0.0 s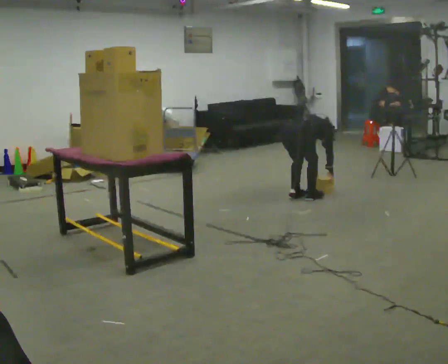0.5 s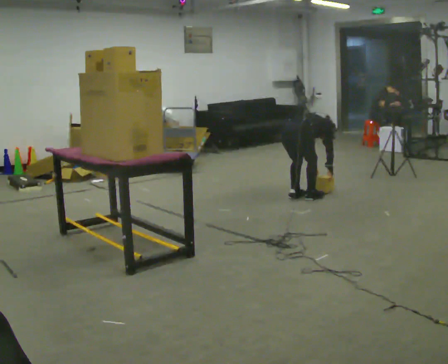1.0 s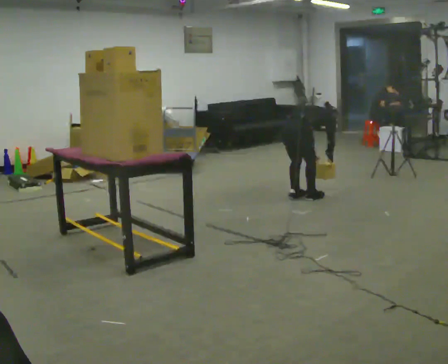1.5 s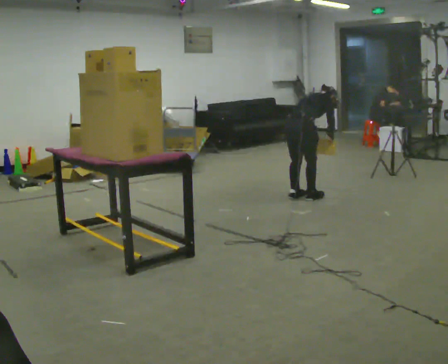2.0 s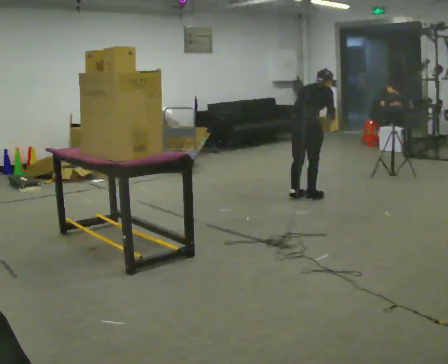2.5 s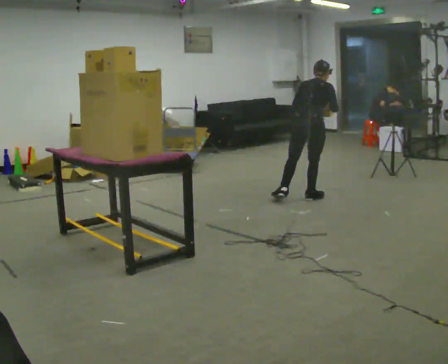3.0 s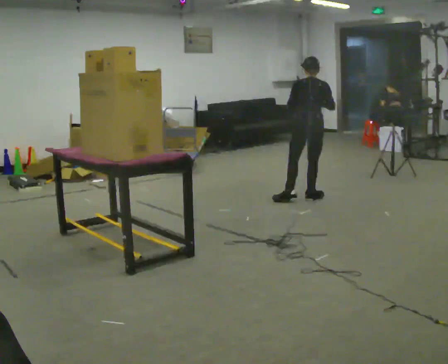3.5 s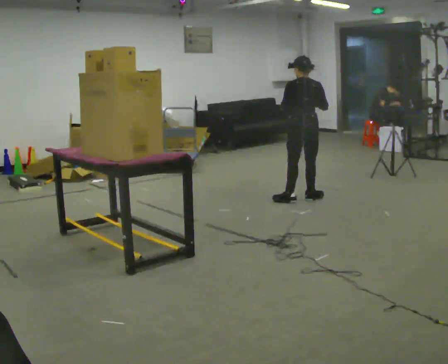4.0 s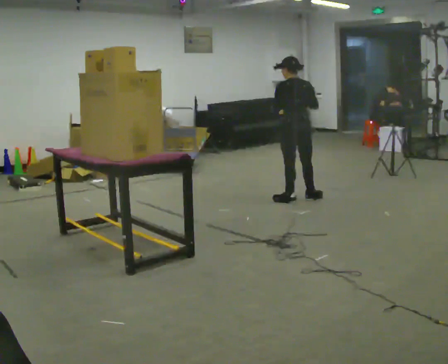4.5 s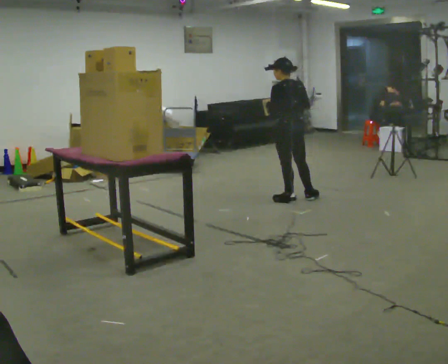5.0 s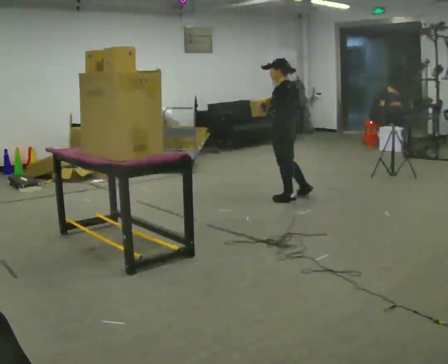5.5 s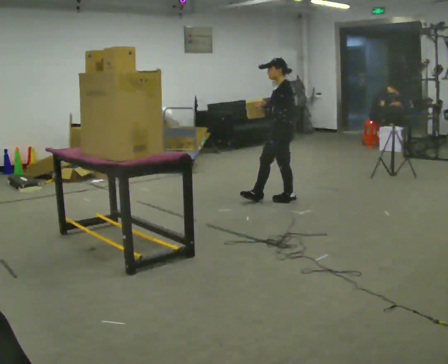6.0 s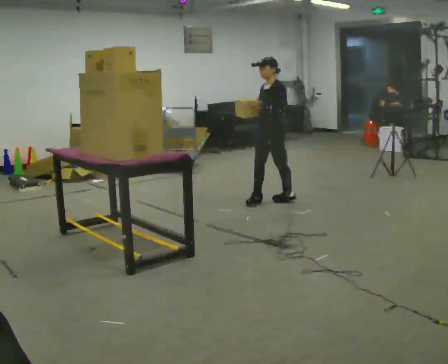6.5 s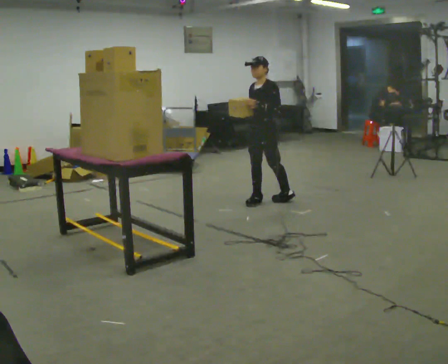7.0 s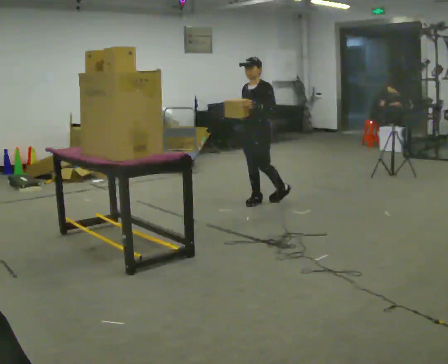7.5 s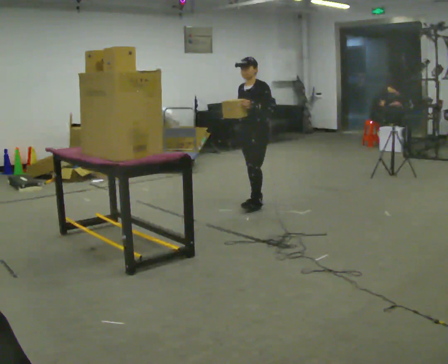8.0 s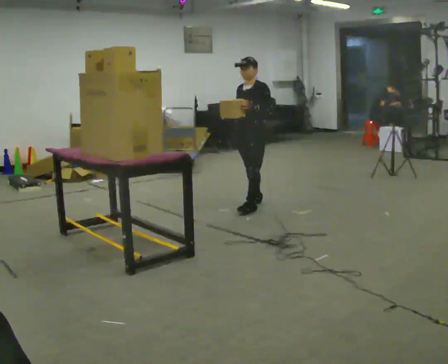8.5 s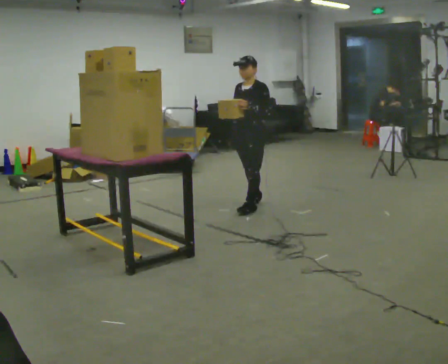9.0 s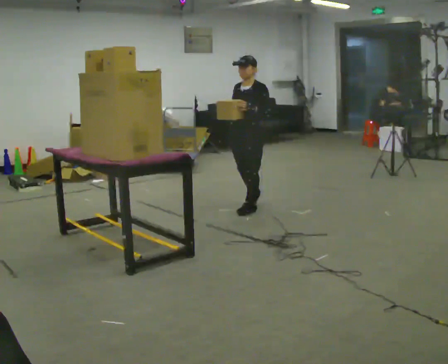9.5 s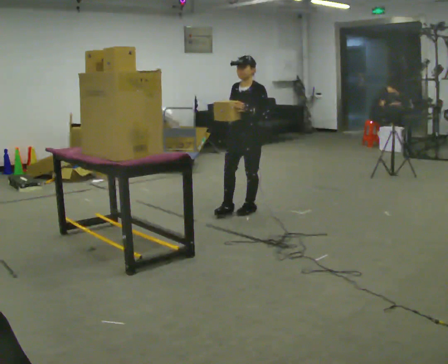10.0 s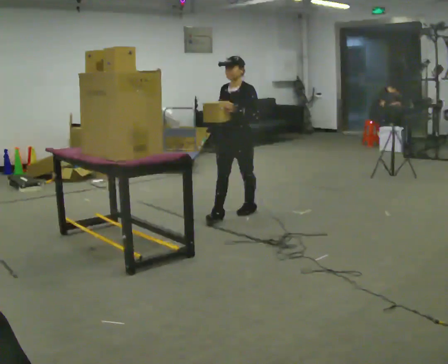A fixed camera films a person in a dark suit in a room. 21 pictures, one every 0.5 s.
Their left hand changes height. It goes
upward.
The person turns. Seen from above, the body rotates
counterclockwise.
0.0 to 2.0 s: The upper body goes upward. The upper body tips toward the camera, its near side rolling downward, as they lean back or straighten. In the picture their right hand goes upward.
2.0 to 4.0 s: The person turns about 45 degrees to their left, counterclockwise seen from above, so the part of the body nearest the lens slides to the right. In the picture the upper body tilts counterclockwise, shoulders to the left, as they lean back or straighten. In the picture their right hand goes to the left.
4.0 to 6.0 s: Seen from above the body turns counterclockwise, about 105 degrees: to their left, with its near side sliding to the right. In the picture they go to the left, about 0.25 m in 1 step.
6.0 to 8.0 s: In the picture they go toward the camera and to the left, about 0.25 m in 1 step, which for them is forward.
8.0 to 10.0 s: In the picture they go toward the camera, about 0.25 m in 1 step, which for them is forward.
The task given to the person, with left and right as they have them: Pick an object up off the floor, carry it across the room, and place it on the highest shelf you can comfortably reach. Keep going until the operator says stop; one object at a time, and do not rush between trips.
The film runs forward here.
